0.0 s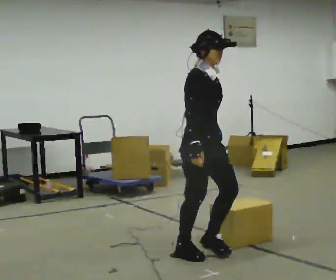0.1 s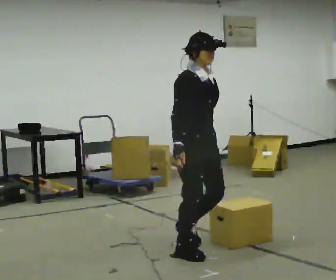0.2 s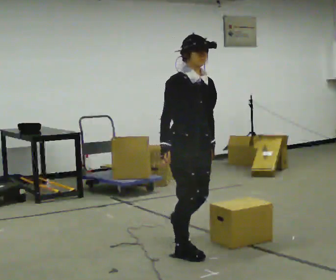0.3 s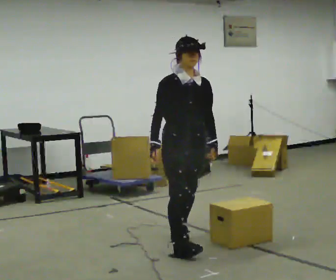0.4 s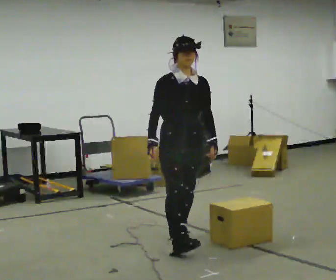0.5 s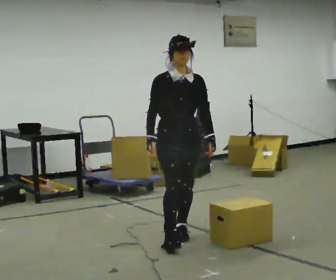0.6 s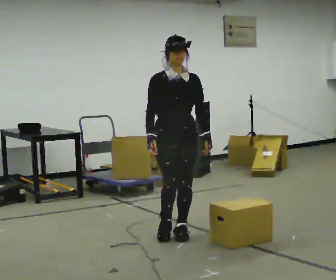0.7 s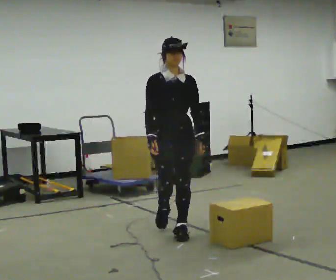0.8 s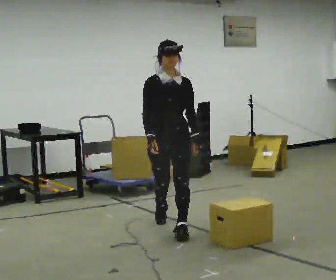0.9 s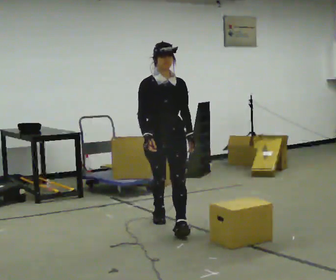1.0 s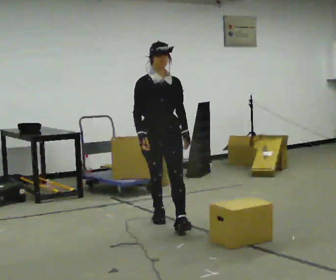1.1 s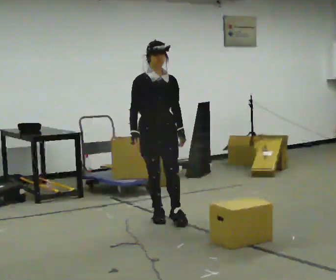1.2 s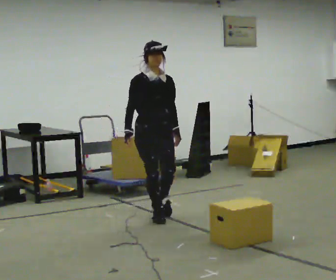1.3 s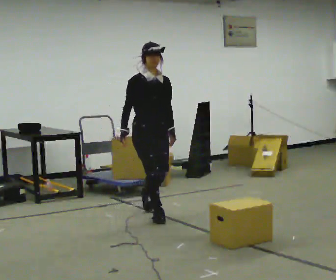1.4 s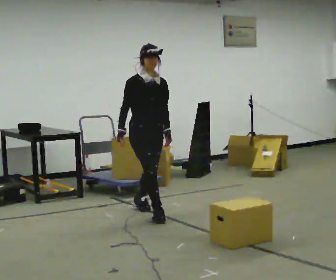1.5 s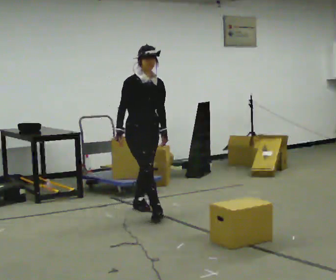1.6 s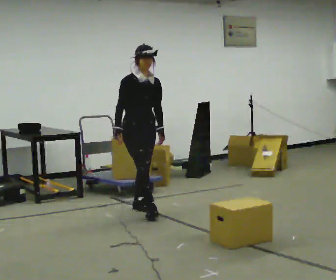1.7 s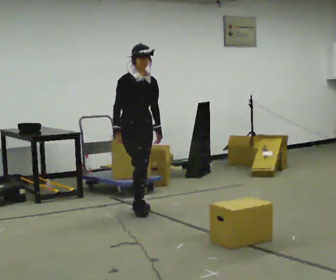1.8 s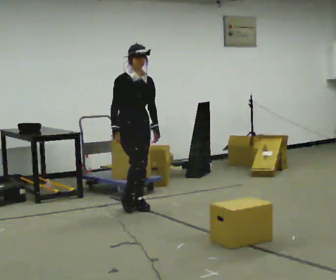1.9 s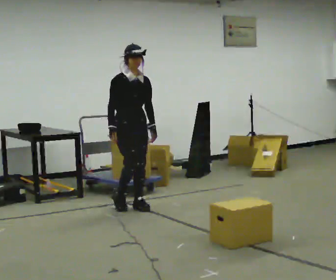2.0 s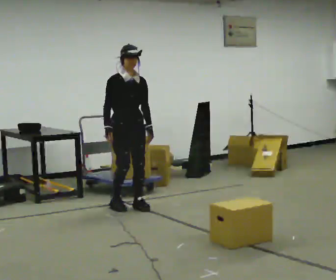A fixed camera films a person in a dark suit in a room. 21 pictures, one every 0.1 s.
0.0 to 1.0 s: The part of the body nearest the lens slides to the left as the person turns to their right by about 45 degrees. In the picture they go away from the camera, about 1 m in 2 steps, which for them is backward.
1.0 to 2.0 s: In the picture they go away from the camera and to the left, about 0.5 m in 1 step, which for them is backward.
The film runs backward here.
